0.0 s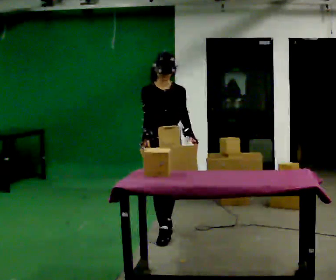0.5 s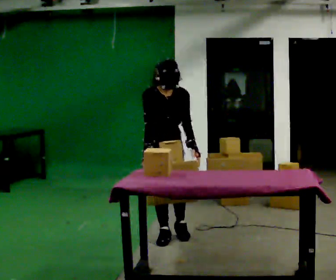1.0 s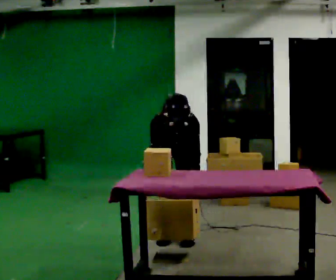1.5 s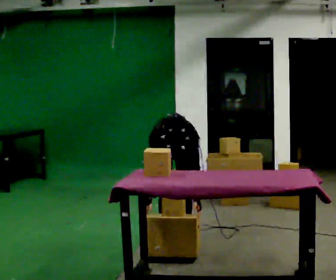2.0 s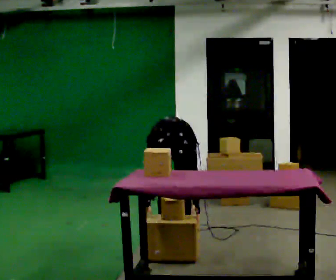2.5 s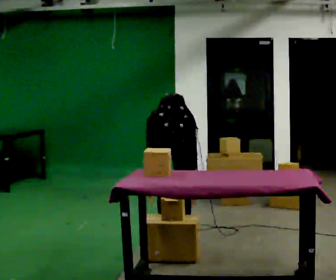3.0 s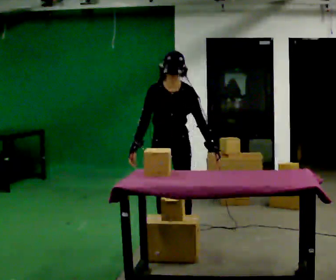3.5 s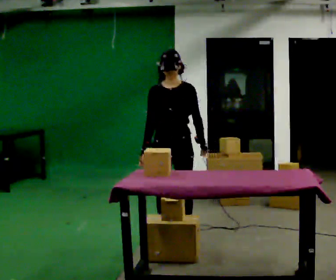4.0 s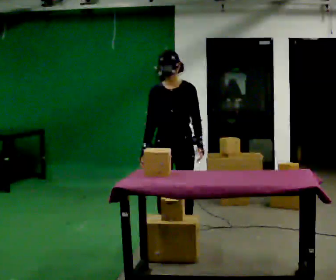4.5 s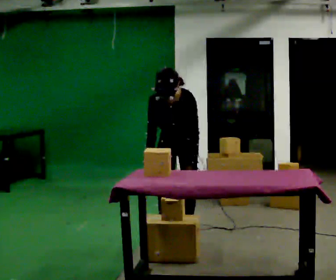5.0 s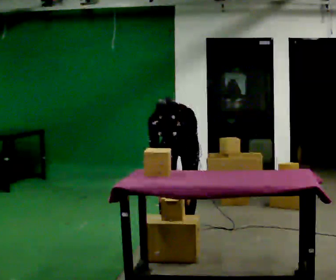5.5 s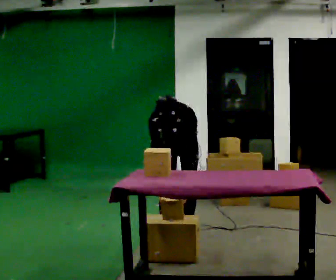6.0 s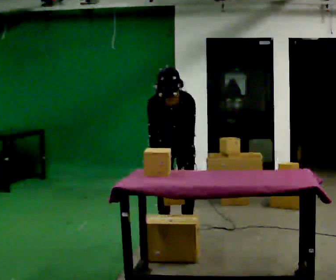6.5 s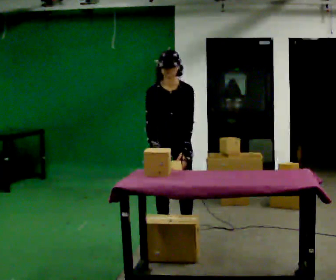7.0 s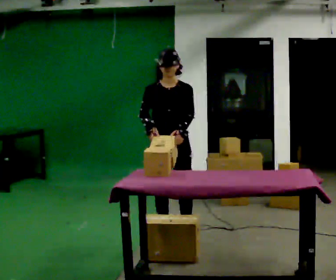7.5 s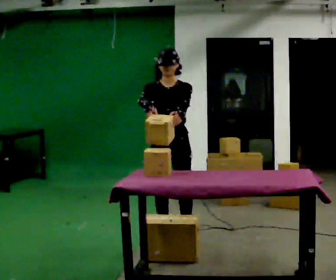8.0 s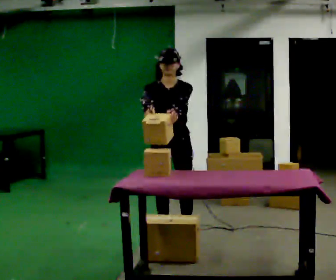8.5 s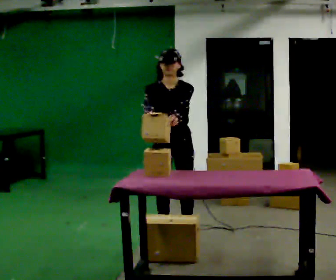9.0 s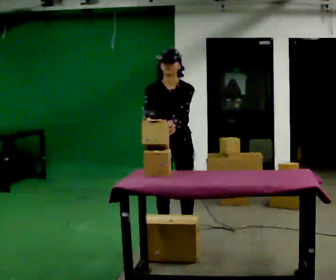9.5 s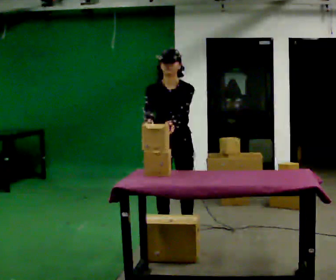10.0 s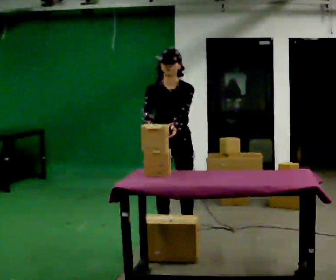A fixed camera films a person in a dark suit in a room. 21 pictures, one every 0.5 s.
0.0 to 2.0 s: The upper body goes downward. The upper body tips toward the camera, its near side rolling downward, as they bend forward. In the picture their right hand goes downward.
2.0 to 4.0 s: In the picture they go toward the camera, about 0.25 m, which for them is forward. The shoulders move upward. The upper body tips away from the camera, its near side rolling upward, as they lean back or straighten. In the picture their left hand goes upward.
4.0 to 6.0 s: The person moves a little, or ends about where they began.
6.0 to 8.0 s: In the picture their left hand goes upward.
8.0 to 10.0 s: The person moves a little, or ends about where they began.
The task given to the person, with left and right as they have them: 1. Take everything out of the crates by the door. 2. Put the small items on the middle shelf. 3. Put the large items on the bottom shelf. 4. Stack the empty crates by the door. 5. Tell the operator when you are finished.
The film runs forward here.
